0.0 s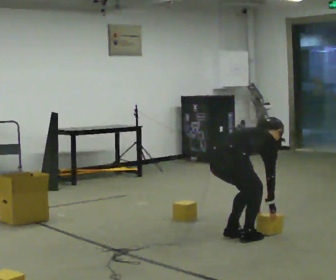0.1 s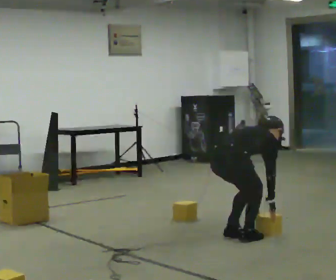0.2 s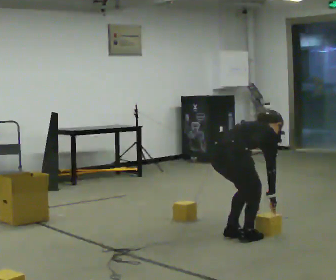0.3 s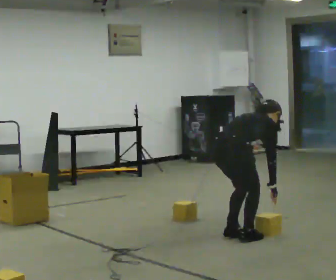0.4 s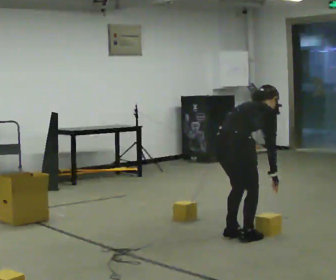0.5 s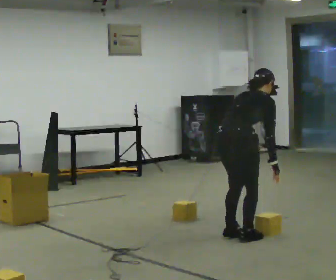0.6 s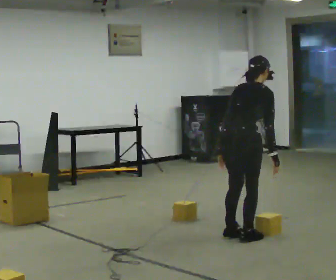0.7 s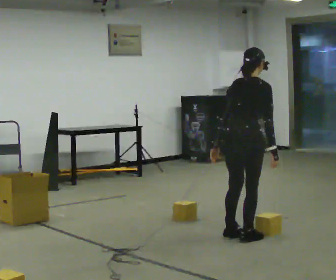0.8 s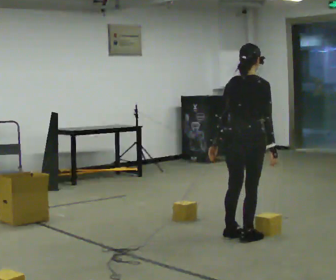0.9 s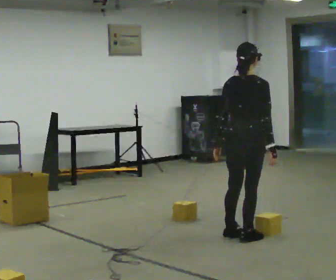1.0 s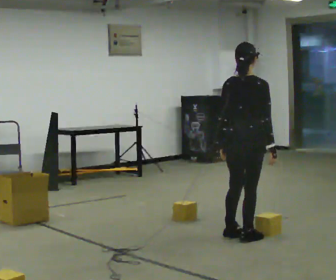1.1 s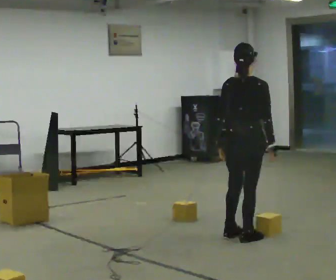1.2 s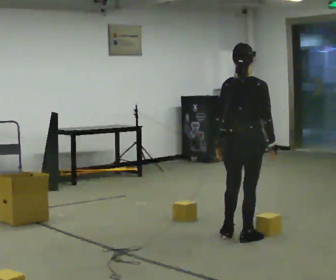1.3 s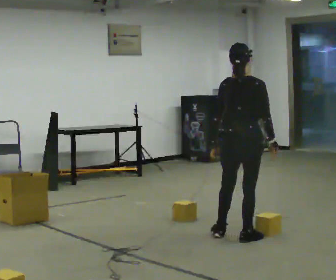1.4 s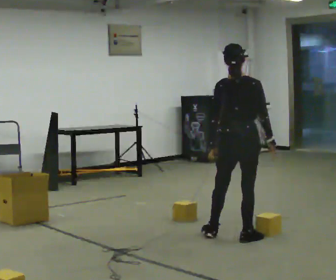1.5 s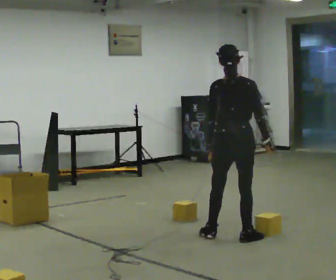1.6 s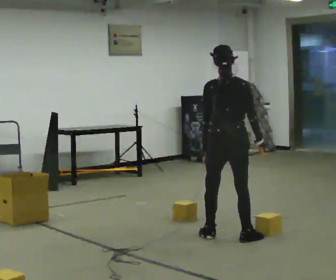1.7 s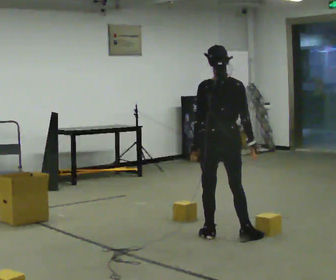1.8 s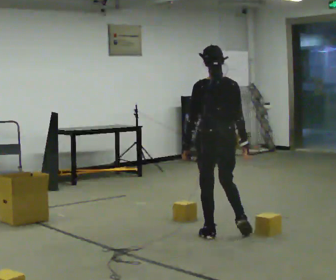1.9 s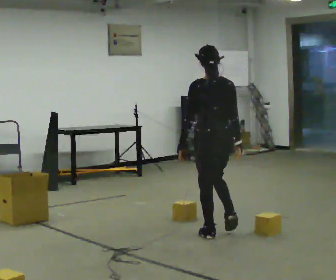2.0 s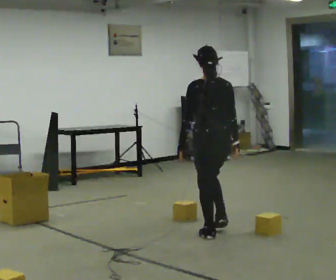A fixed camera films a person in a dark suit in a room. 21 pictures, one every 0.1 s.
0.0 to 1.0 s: The part of the body nearest the lens slides to the right as the person turns to their left by about 30 degrees. The upper body goes upward. In the picture the upper body tilts counterclockwise, shoulders to the left, as they lean back or straighten. In the picture their left hand goes upward.
1.0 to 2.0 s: Seen from above the body turns counterclockwise, about 45 degrees: to their left, with its near side sliding to the right. In the picture they go to the left and away from the camera, about 0.25 m, which for them is to their left and forward.
The film runs forward here.
